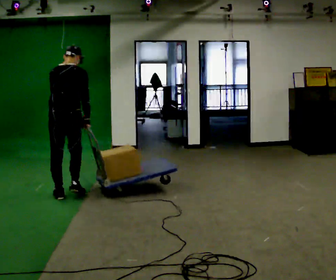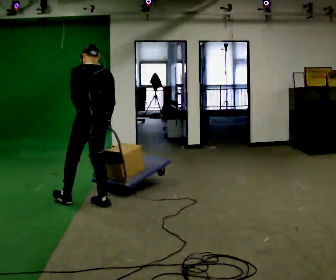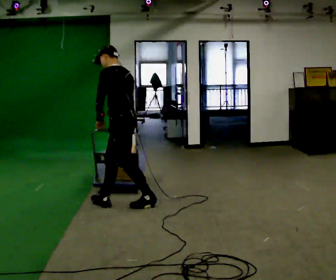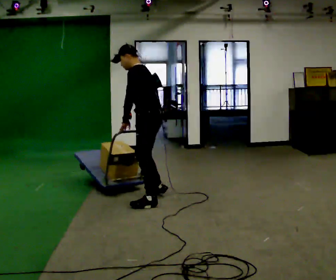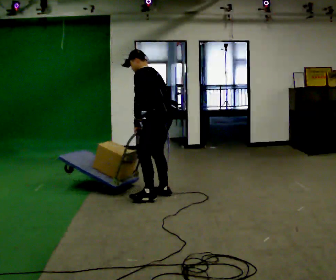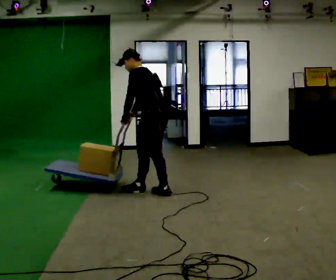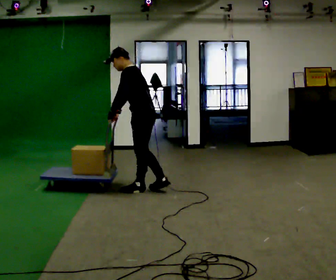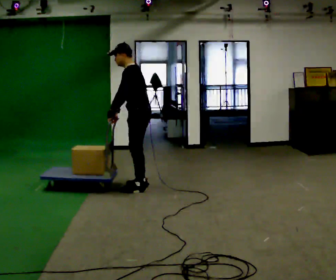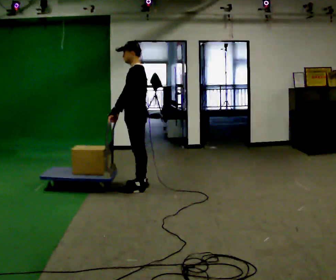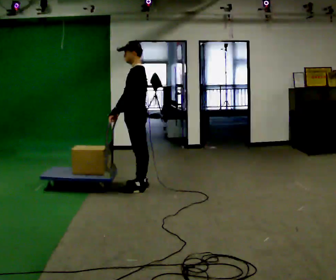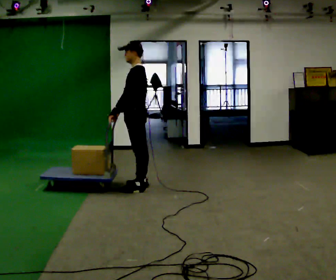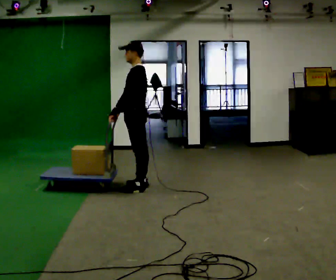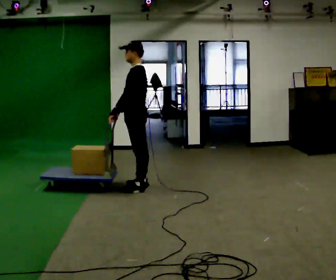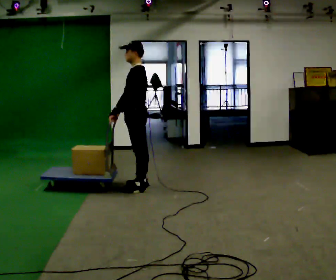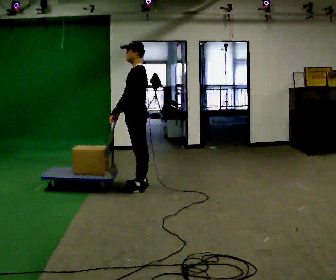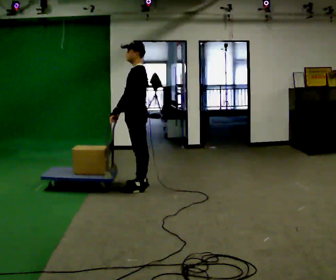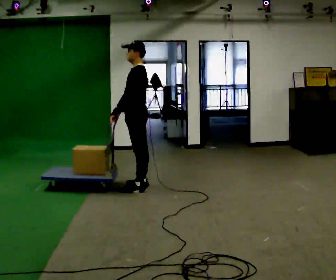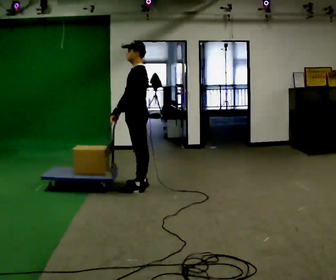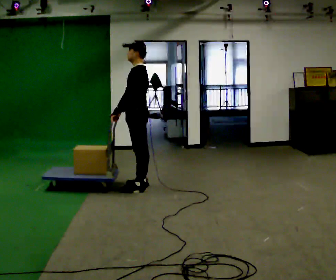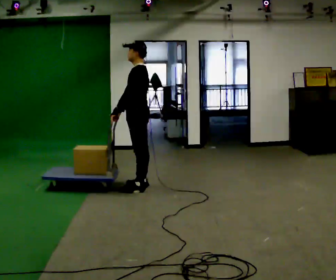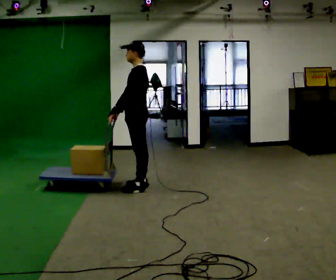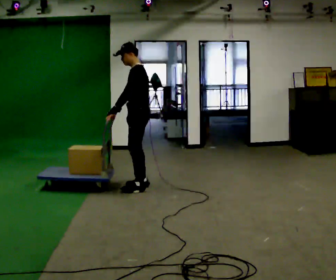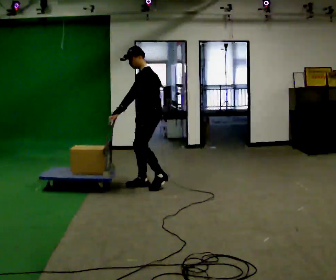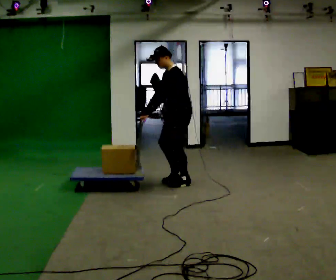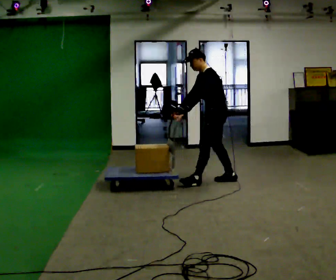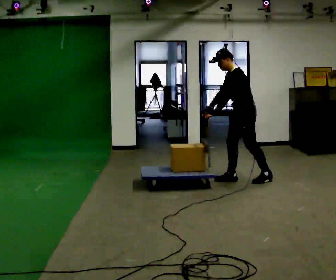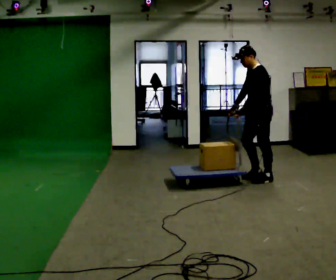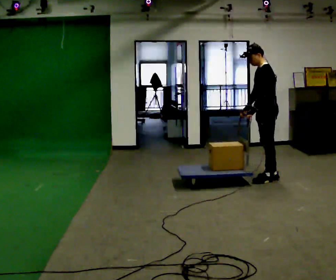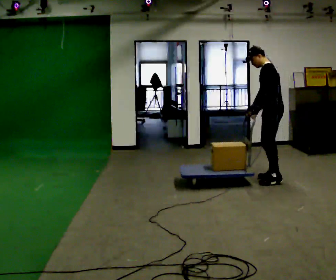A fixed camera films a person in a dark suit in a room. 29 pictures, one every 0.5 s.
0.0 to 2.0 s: The person turns about 75 degrees to their left, counterclockwise seen from above, so the part of the body nearest the lens slides to the right. In the picture they go to the right, about 1 m in 3 steps. In the picture the upper body tilts counterclockwise, shoulders to the left.
2.0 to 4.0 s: In the picture they go away from the camera and to the left, about 0.5 m in 1 step, which for them is forward and to their right.
4.0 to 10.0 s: The person moves a little, or ends about where they began.
10.0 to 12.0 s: In the picture they go to the right, about 1 m in 3 steps, which for them is backward. In the picture the upper body tilts counterclockwise, shoulders to the left, as they bend forward.
12.0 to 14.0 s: In the picture they go to the right, about 0.5 m in 2 steps, which for them is backward.
The film runs backward here.
